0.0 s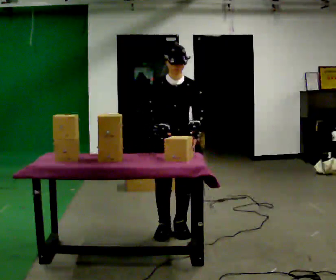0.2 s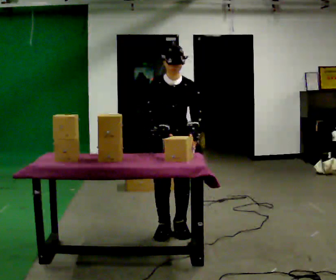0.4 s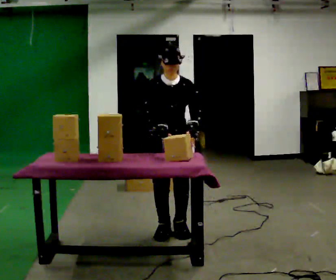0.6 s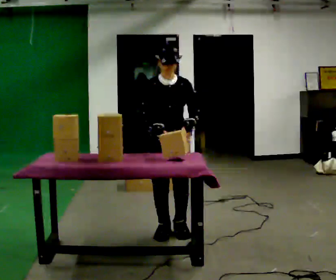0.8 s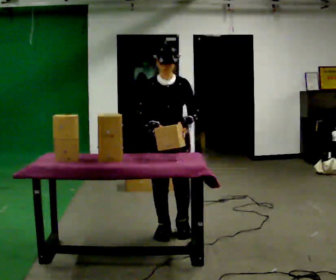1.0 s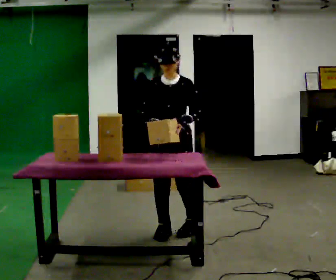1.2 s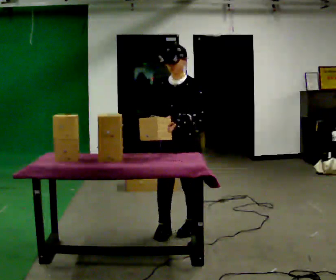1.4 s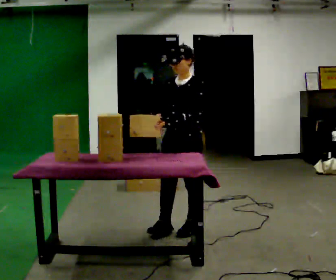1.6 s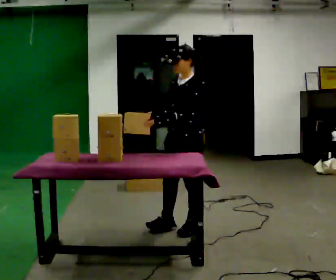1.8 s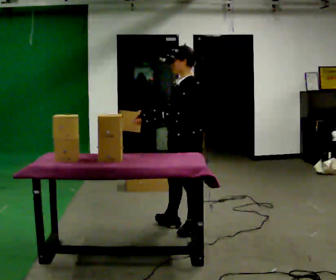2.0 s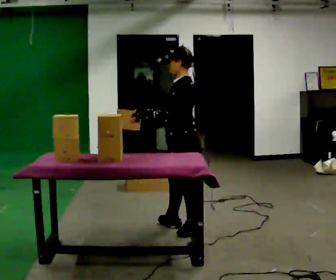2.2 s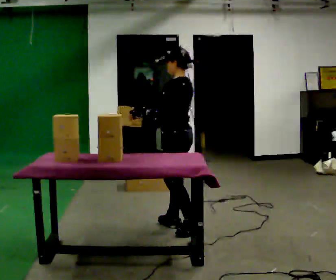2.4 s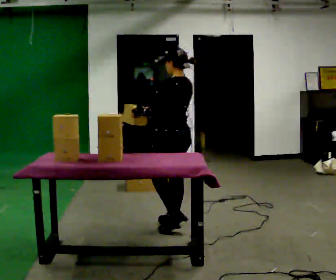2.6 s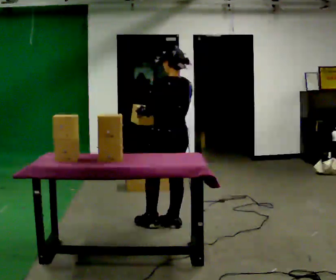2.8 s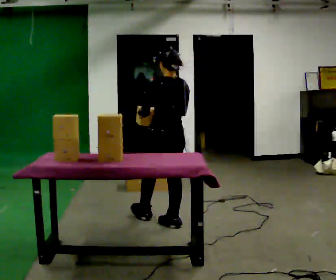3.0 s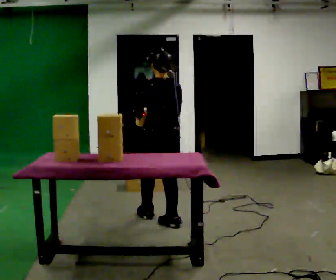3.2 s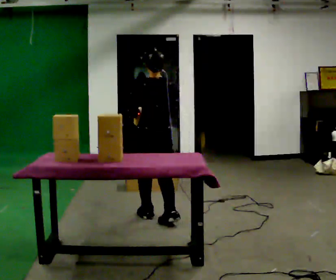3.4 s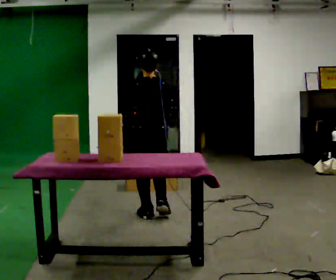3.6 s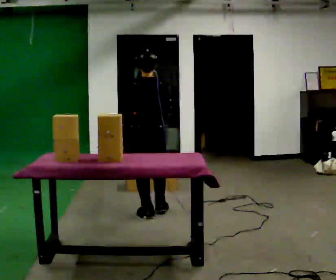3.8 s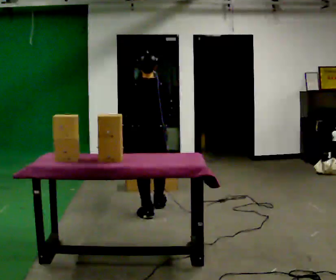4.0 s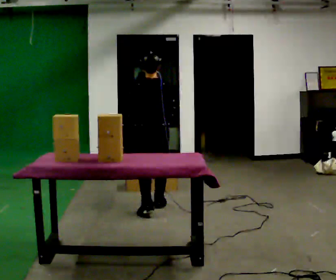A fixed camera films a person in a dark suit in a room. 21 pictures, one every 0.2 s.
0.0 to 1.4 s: Seen from above the body turns clockwise, about 45 degrees: to their right, with its near side sliding to the left.
1.4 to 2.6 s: Seen from above the body turns clockwise, about 90 degrees: to their right, with its near side sliding to the left. In the picture they go away from the camera, about 0.25 m in 1 step.
2.6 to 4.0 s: The person turns about 30 degrees to their right, clockwise seen from above, so the part of the body nearest the lens slides to the left. In the picture they go away from the camera and to the left, about 0.5 m in 2 steps, which for them is forward.
The film runs forward here.
